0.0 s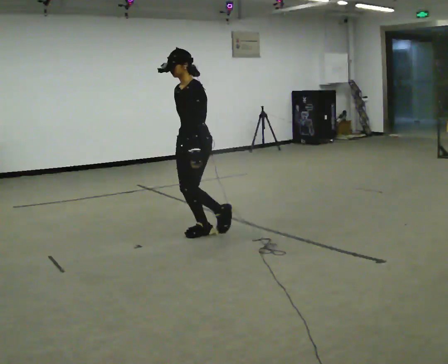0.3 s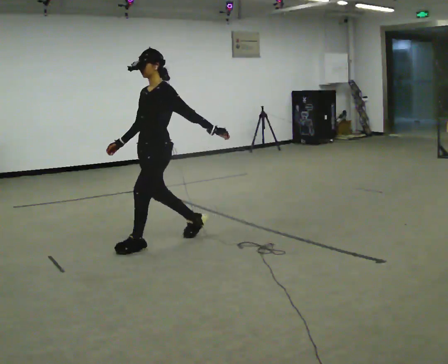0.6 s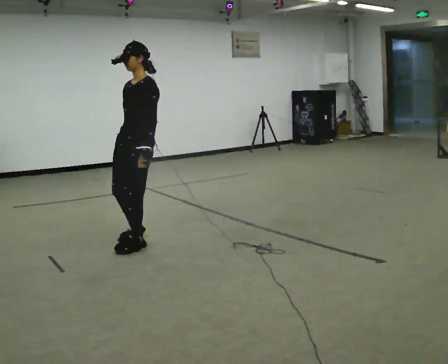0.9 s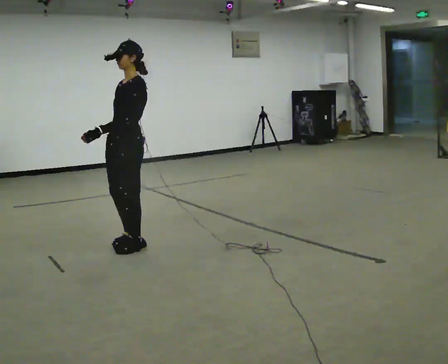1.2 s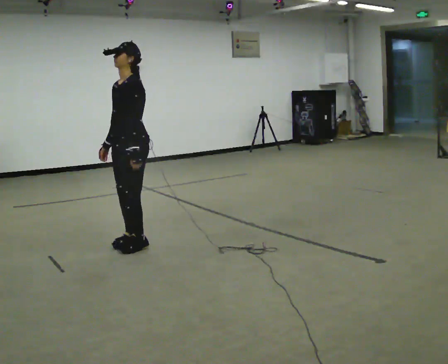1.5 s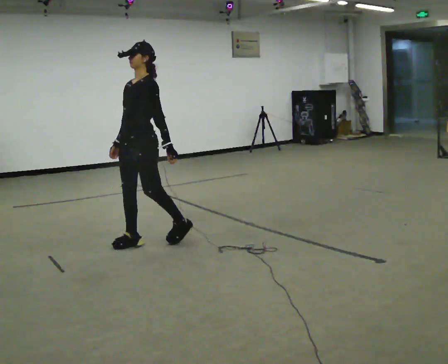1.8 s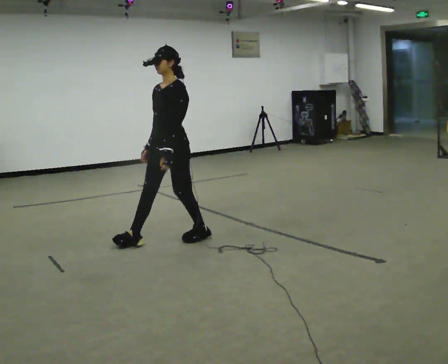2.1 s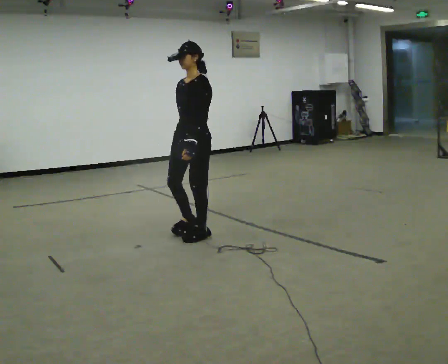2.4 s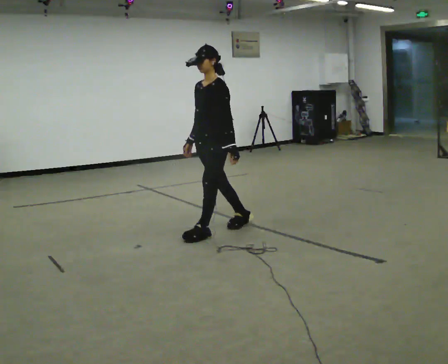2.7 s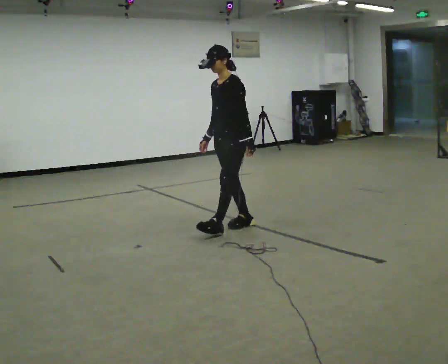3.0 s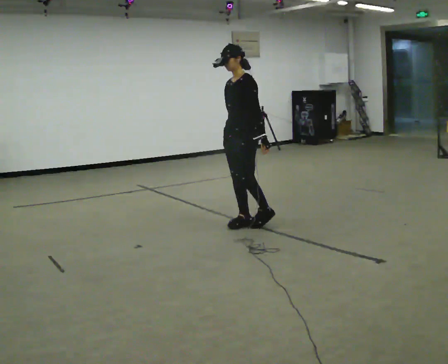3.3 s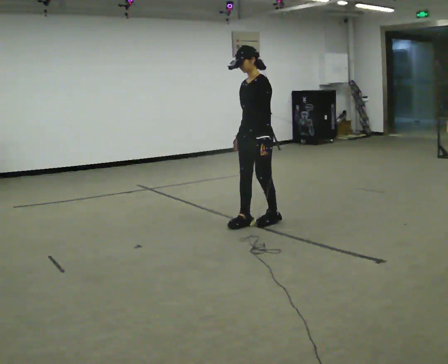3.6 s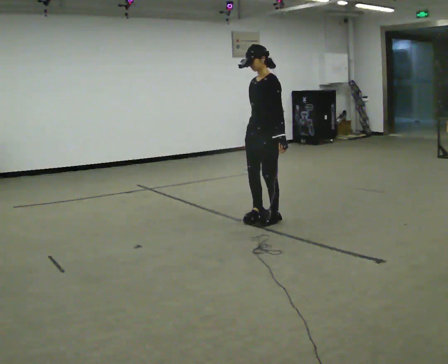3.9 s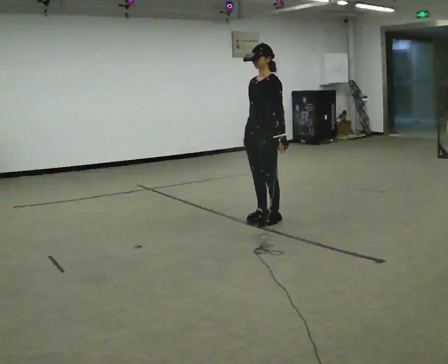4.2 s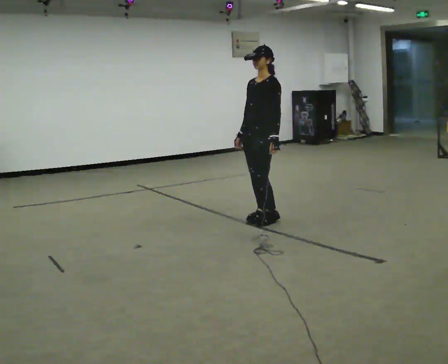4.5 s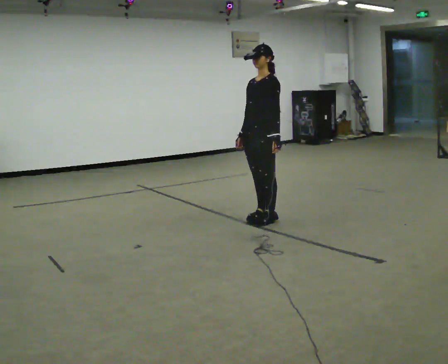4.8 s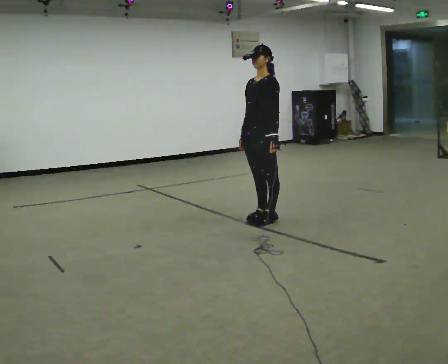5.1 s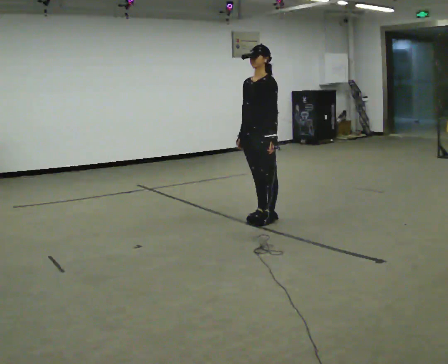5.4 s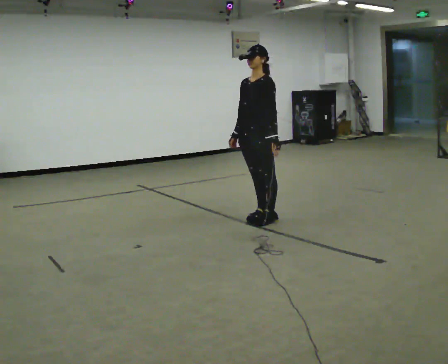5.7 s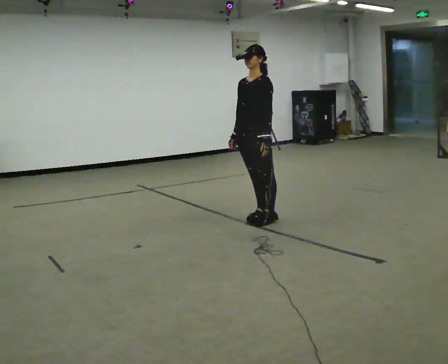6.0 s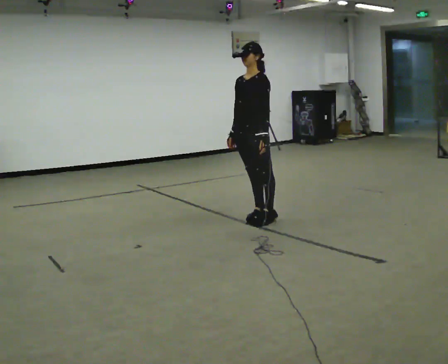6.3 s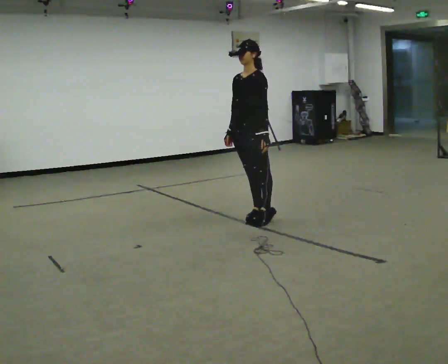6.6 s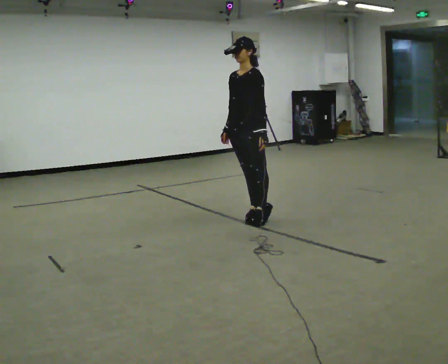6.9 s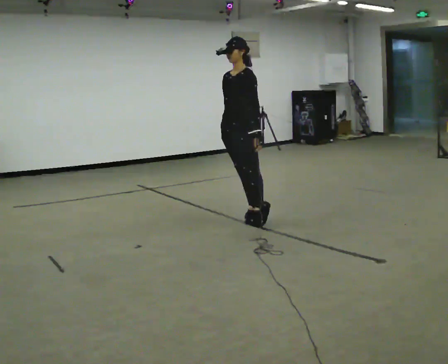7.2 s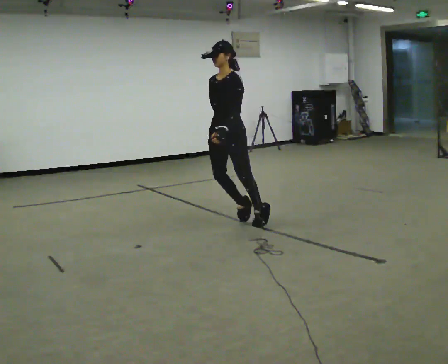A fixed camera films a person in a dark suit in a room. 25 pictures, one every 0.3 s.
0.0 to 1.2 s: In the picture they go to the left and toward the camera, about 0.5 m in 2 steps, which for them is forward.
1.2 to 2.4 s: In the picture they go to the right and away from the camera, about 1 m in 1 step, which for them is backward.
2.4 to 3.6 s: In the picture they go to the right and away from the camera, about 0.5 m in 2 steps, which for them is backward.
3.6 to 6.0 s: The person moves a little, or ends about where they began.
6.0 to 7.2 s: In the picture they go to the left and toward the camera, about 0.25 m, which for them is forward.
The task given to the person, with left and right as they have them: Stand on the marked spots and rise up onto your toes. Stay up until you start to topple forward, then step to catch yourself. Repeat at your own pace until the operator says stop. Go slowly and only as far as you are comfortable. Step whenever you need to; do not try to hold on longer than feels safe.
The film runs forward here.
